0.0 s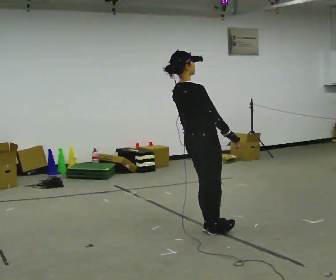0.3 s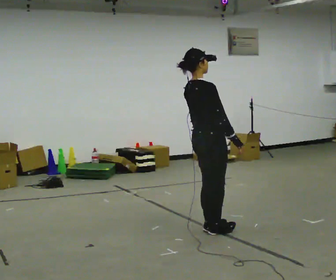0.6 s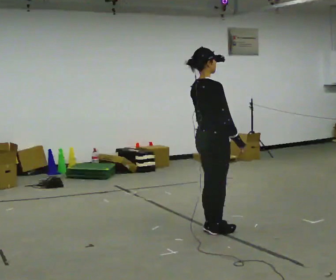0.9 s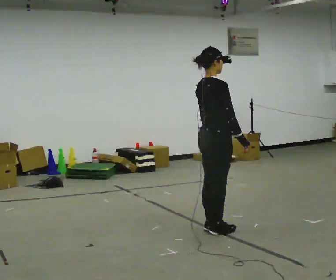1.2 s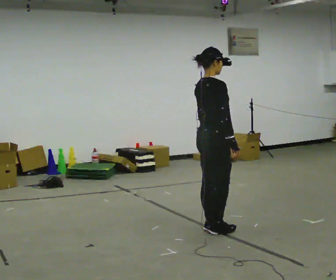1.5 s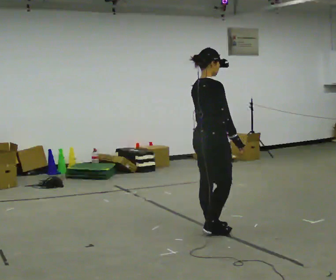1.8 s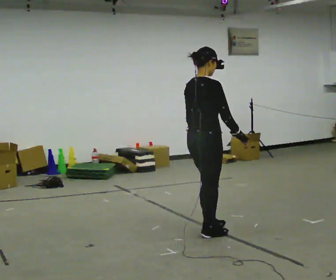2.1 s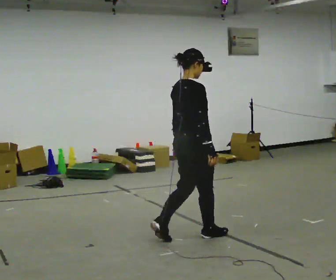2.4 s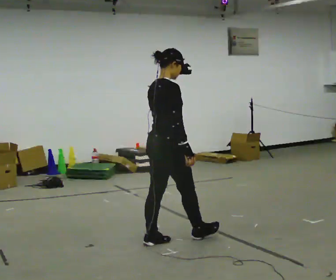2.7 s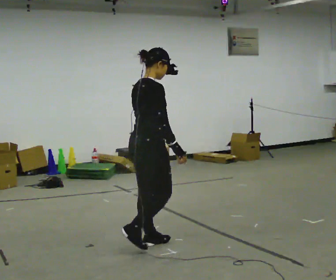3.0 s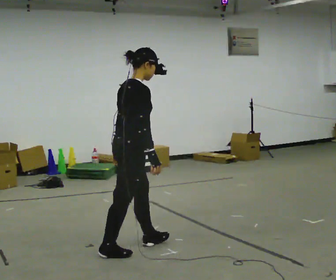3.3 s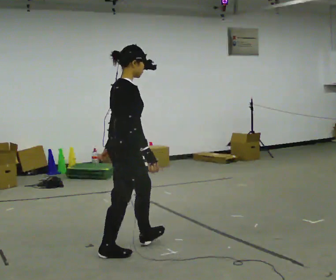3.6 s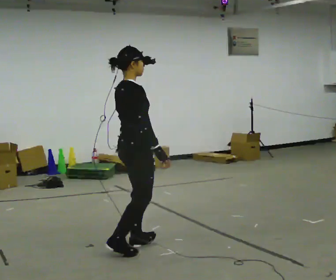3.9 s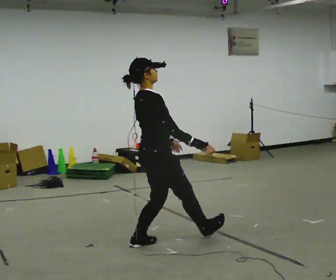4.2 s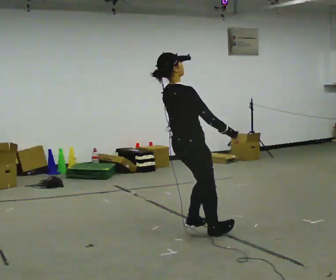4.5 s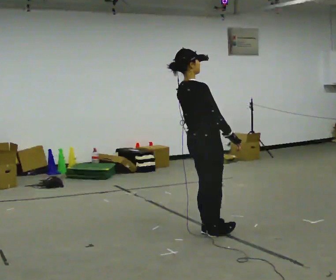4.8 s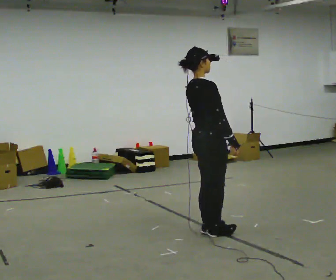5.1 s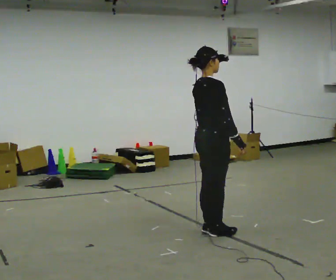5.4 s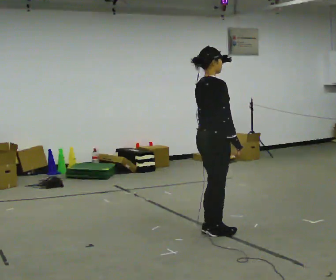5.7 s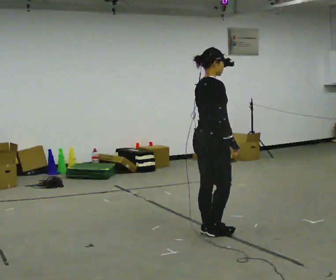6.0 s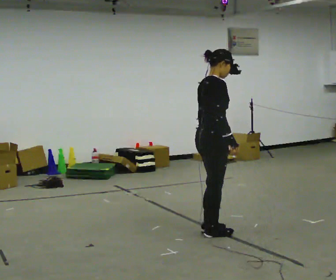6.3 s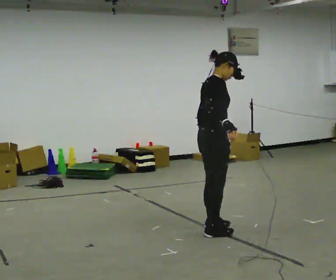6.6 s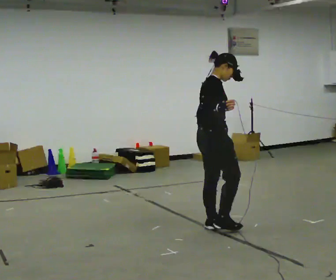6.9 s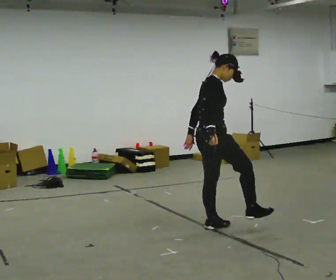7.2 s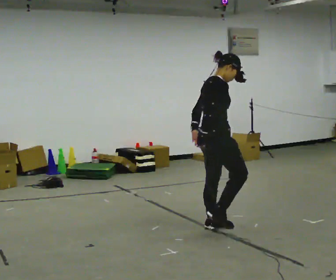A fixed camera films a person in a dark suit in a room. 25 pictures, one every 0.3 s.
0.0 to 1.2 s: In the picture the upper body tilts clockwise, shoulders to the right, as they bend forward.
1.2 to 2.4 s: In the picture they go to the left and toward the camera, about 0.5 m in 2 steps, which for them is backward.
2.4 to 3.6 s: In the picture they go to the left and toward the camera, about 0.25 m in 1 step, which for them is backward.
3.6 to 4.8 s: In the picture they go to the right and away from the camera, about 0.5 m in 1 step, which for them is forward.
4.8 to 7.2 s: In the picture they go away from the camera, about 0.25 m in 1 step, which for them is to their left.
The film runs backward here.
